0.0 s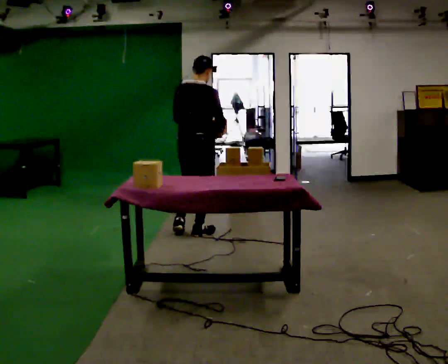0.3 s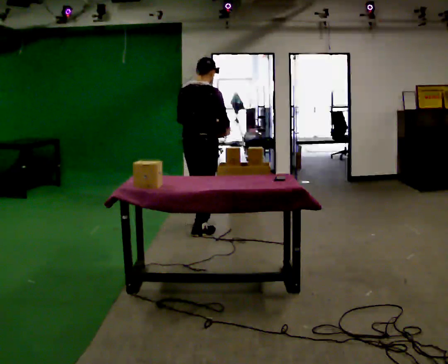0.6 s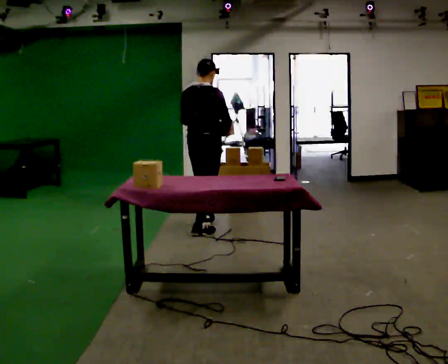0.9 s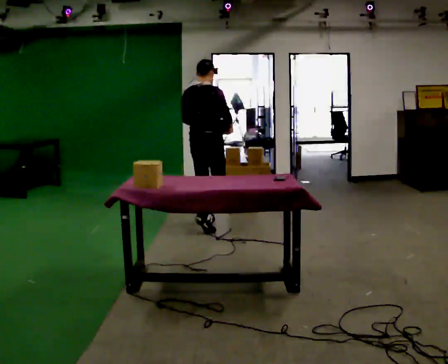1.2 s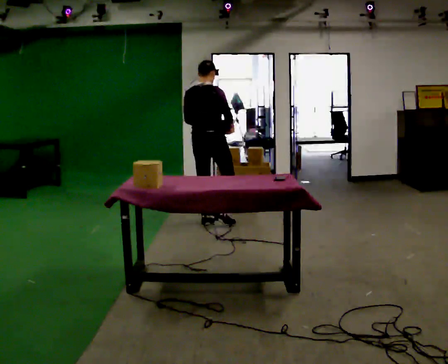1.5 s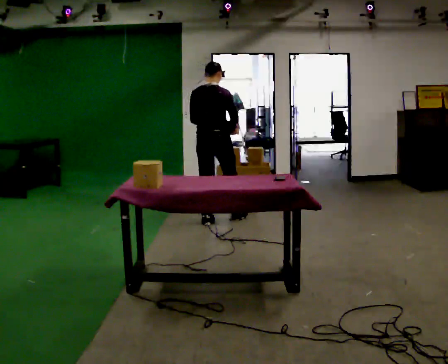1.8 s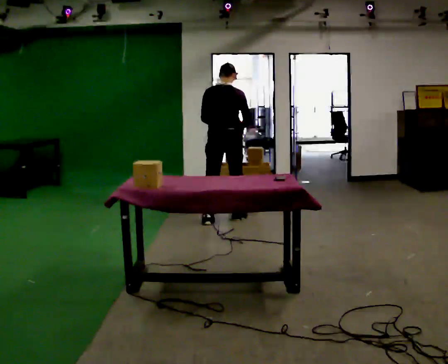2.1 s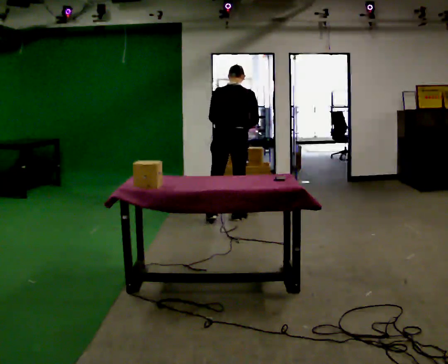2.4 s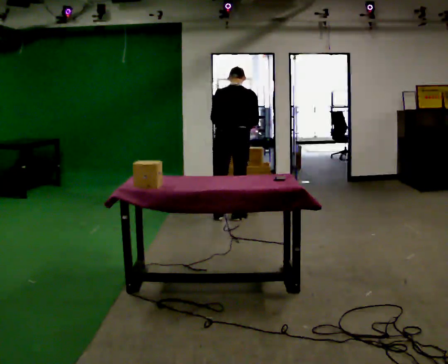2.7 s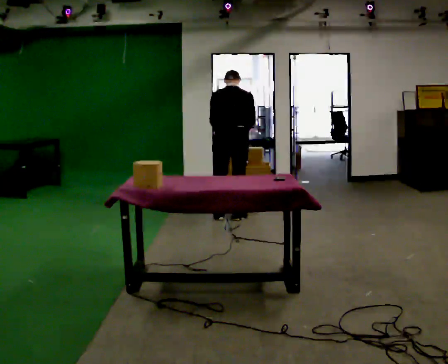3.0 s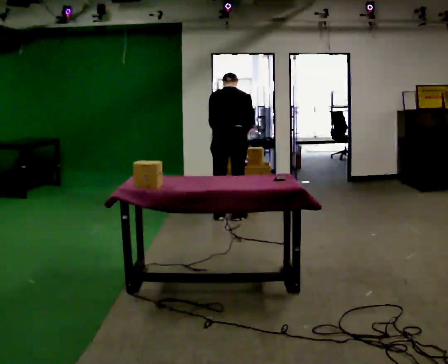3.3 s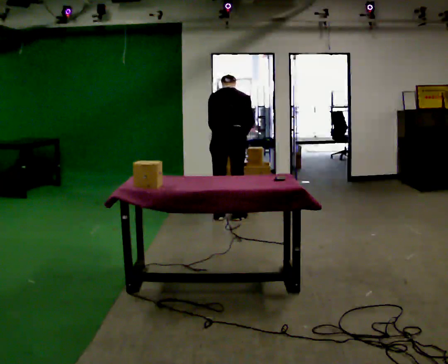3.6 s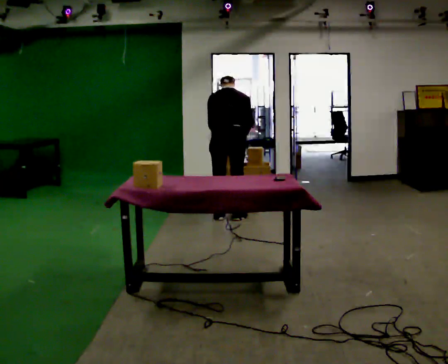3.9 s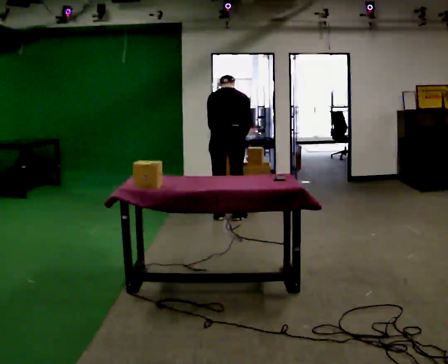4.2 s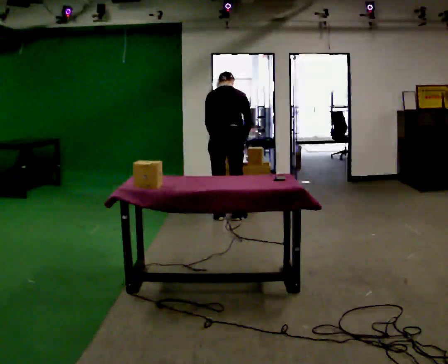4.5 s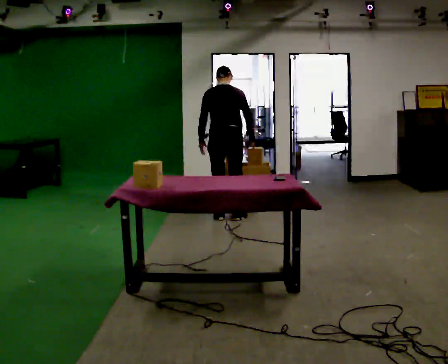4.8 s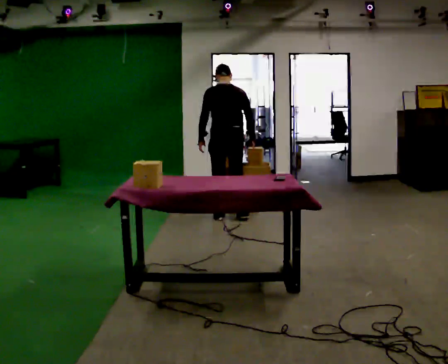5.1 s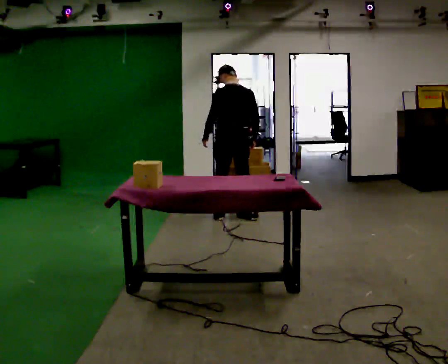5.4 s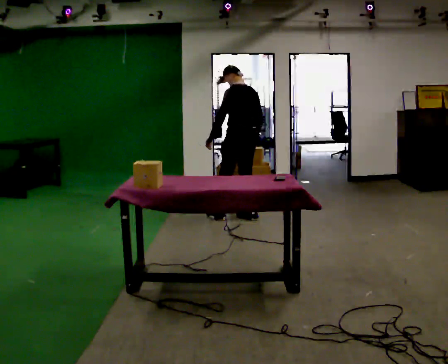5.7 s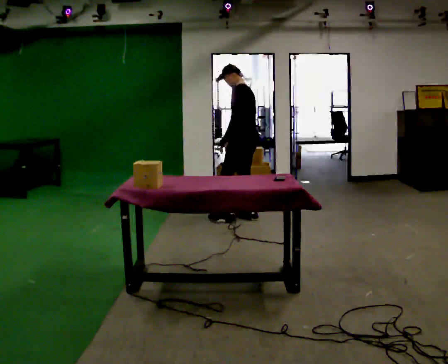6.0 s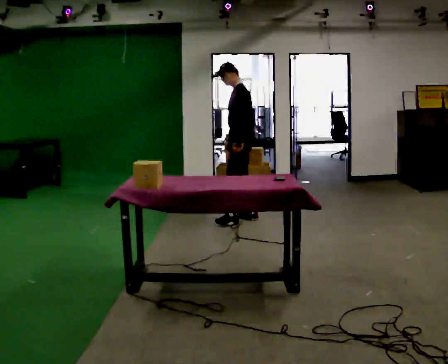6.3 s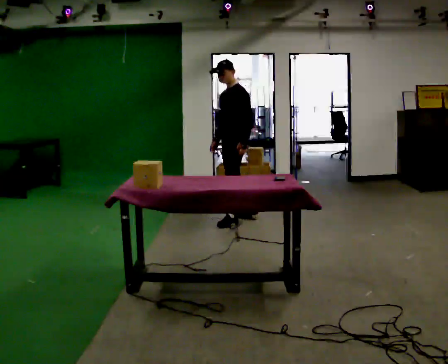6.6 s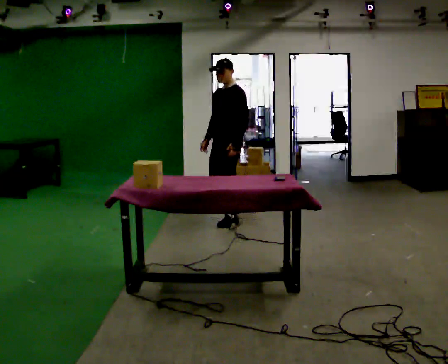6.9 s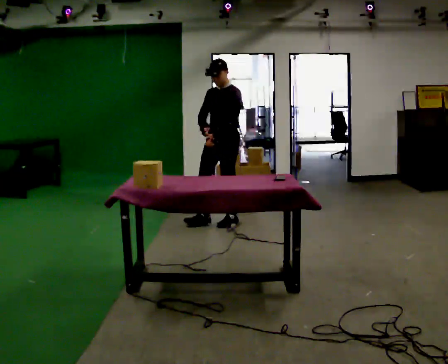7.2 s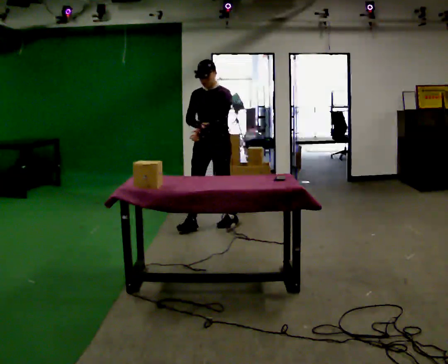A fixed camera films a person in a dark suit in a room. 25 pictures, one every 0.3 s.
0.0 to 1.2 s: In the picture they go away from the camera, about 0.5 m in 1 step, which for them is forward.
1.2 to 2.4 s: The person turns about 30 degrees to their left, counterclockwise seen from above, so the part of the body nearest the lens slides to the right. In the picture they go to the right and away from the camera, about 0.25 m in 2 steps, which for them is to their right and forward. The upper body tips away from the camera, its near side rolling upward, as they bend forward.
2.4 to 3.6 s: The person moves a little, or ends about where they began.
3.6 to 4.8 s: The upper body tips toward the camera, its near side rolling downward, as they lean back or straighten.
4.8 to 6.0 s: Seen from above the body turns counterclockwise, about 90 degrees: to their left, with its near side sliding to the right. In the picture they go to the right, about 0.25 m in 2 steps. In the picture their left hand goes to the right.
6.0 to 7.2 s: The person turns about 60 degrees to their left, counterclockwise seen from above, so the part of the body nearest the lens slides to the right. In the picture they go to the left and toward the camera, about 0.5 m in 1 step, which for them is forward.
The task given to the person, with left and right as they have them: 1. Clear everything off the table and put it away on the shelves. 2. Then set the table back up the way the operator shows you in the photo. 3. Tell the operator when you are finished.
The film runs forward here.
